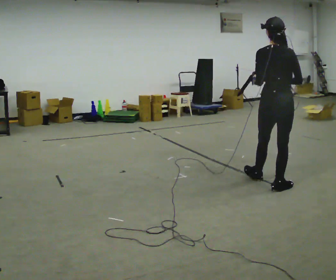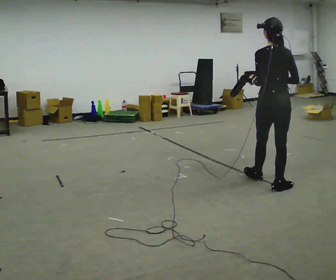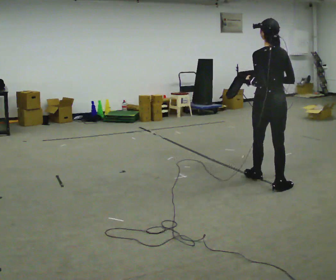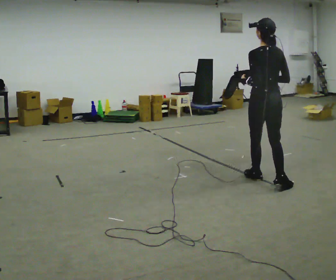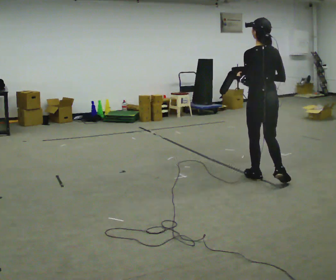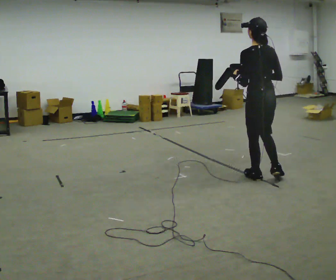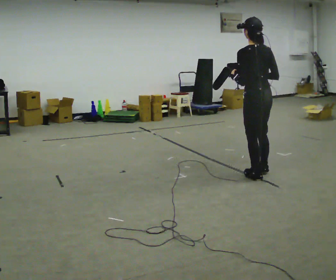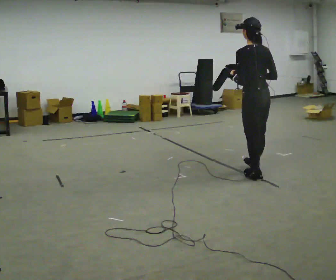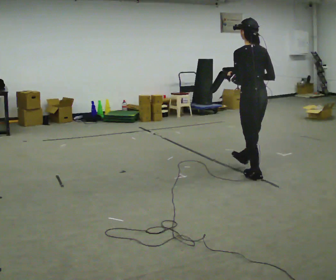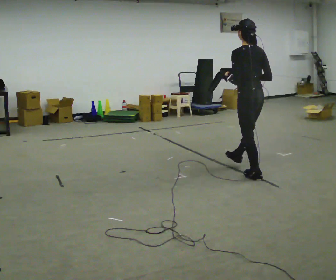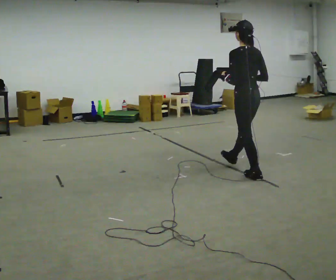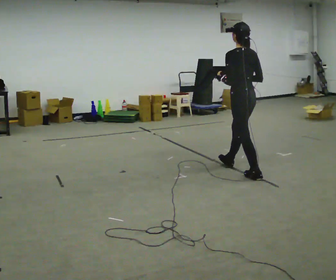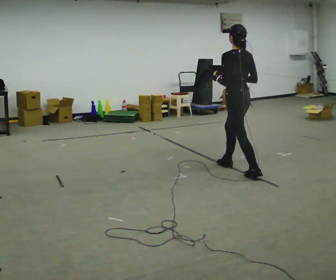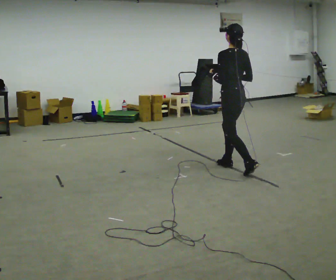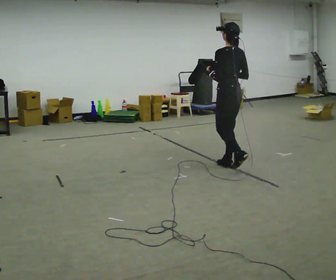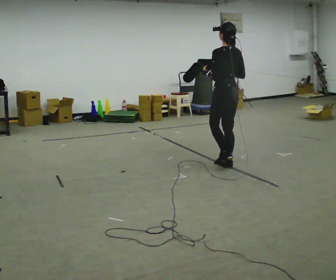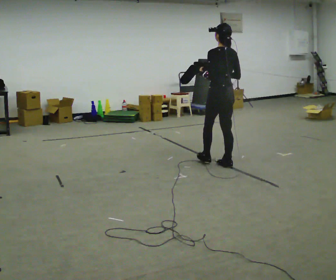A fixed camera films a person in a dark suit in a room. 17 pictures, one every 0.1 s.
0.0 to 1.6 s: The part of the body nearest the lens slides to the right as the person turns to their left by about 30 degrees. In the picture they go away from the camera and to the left, about 1 m in 1 step, which for them is forward.
The film runs forward here.
